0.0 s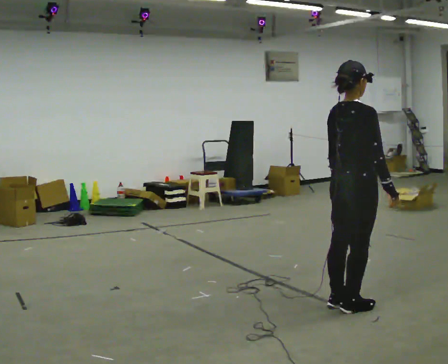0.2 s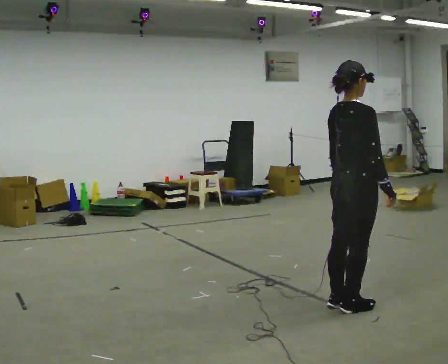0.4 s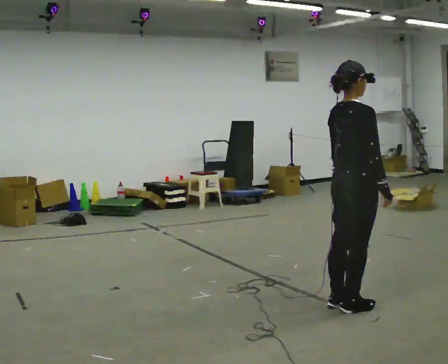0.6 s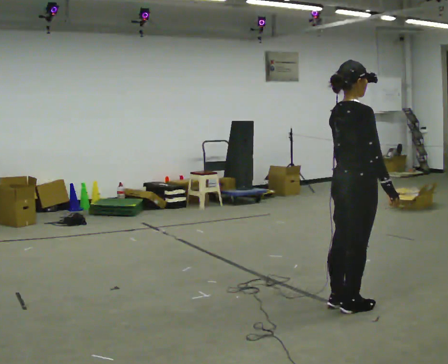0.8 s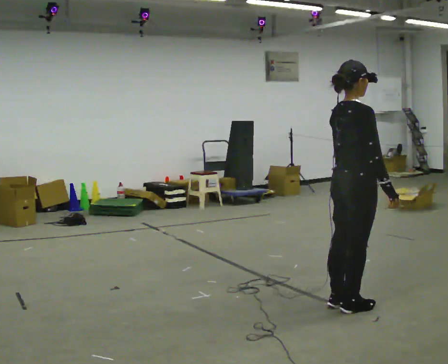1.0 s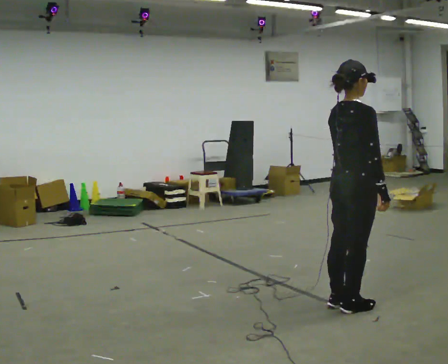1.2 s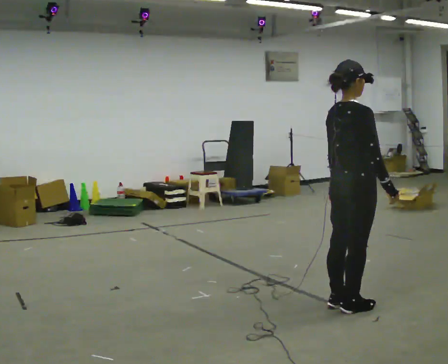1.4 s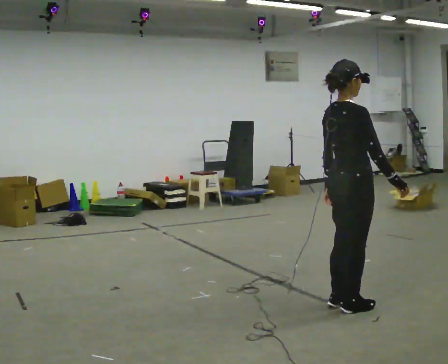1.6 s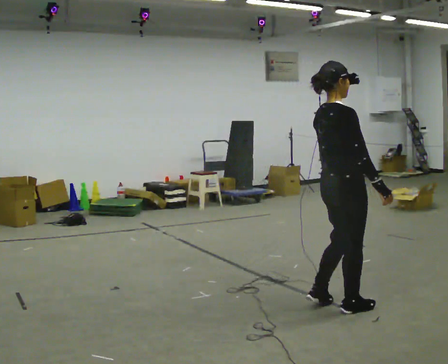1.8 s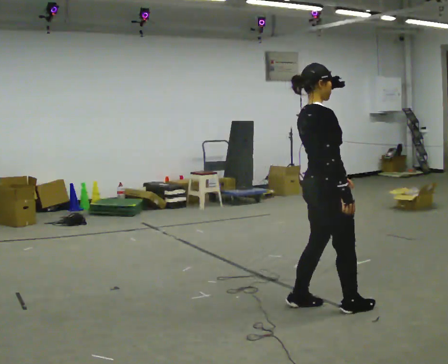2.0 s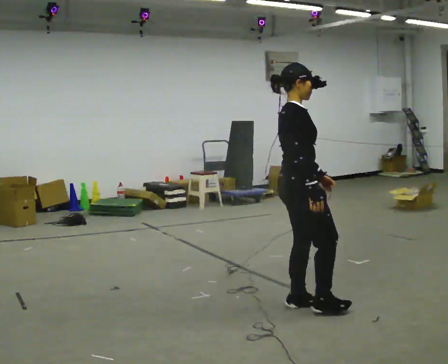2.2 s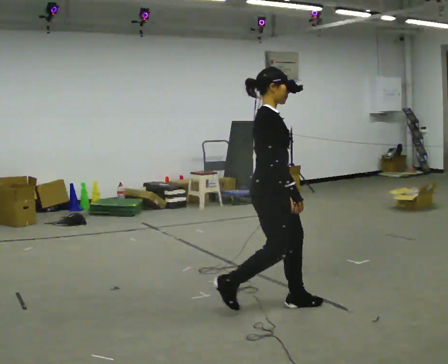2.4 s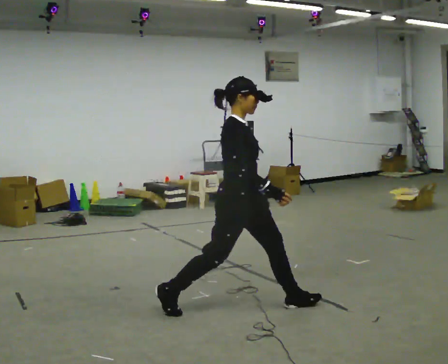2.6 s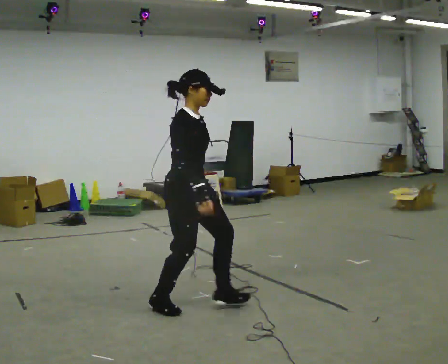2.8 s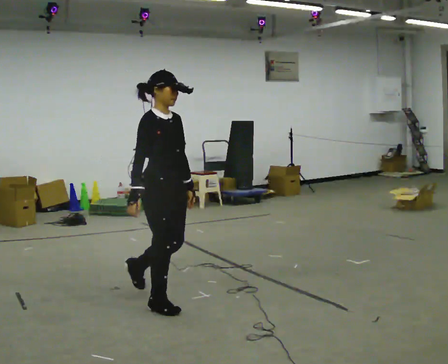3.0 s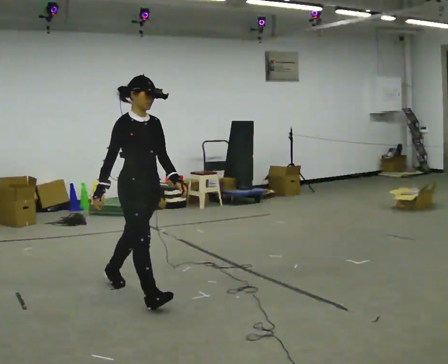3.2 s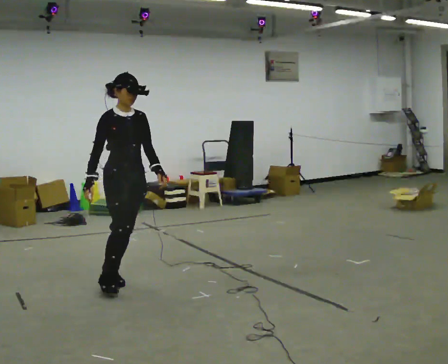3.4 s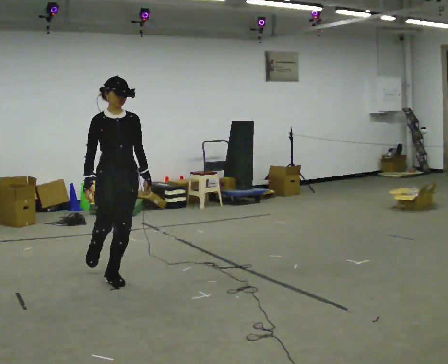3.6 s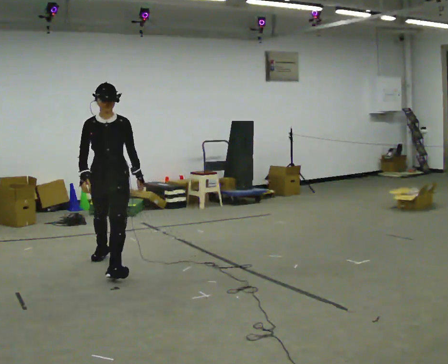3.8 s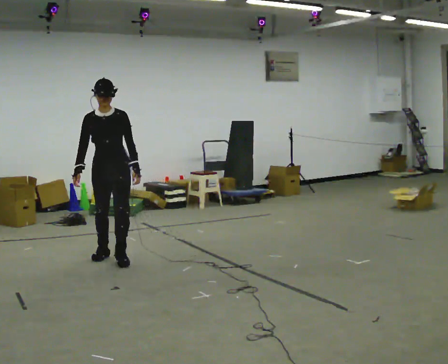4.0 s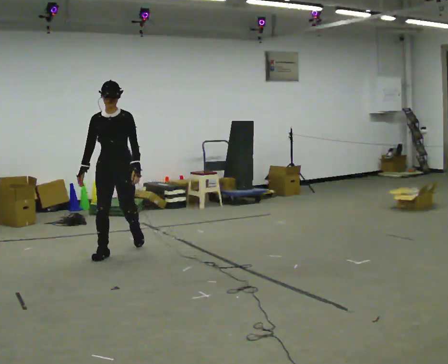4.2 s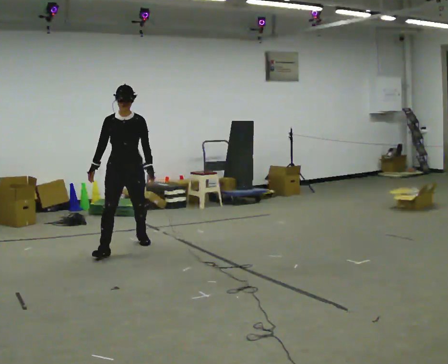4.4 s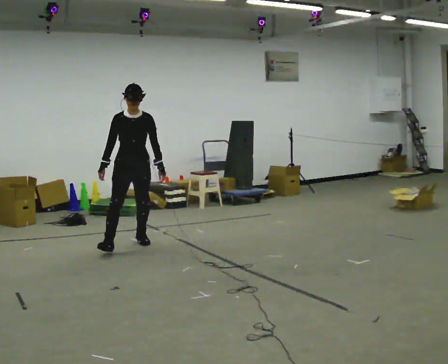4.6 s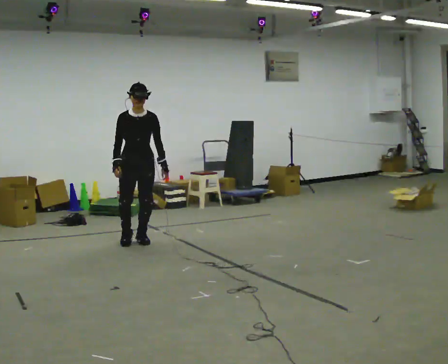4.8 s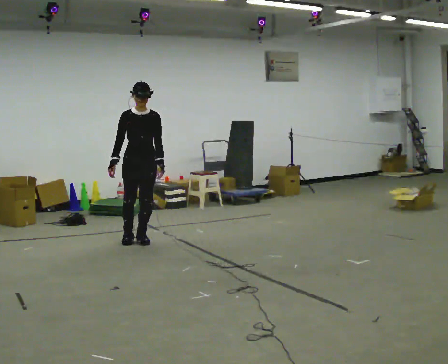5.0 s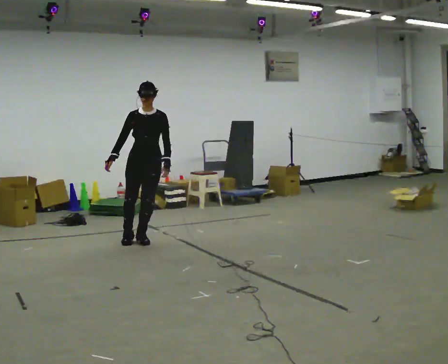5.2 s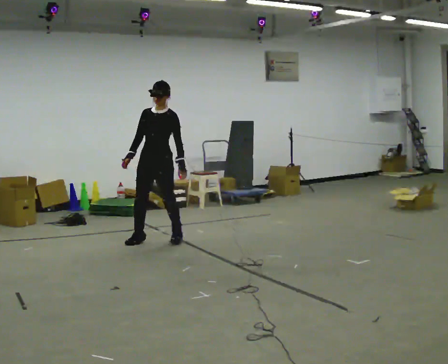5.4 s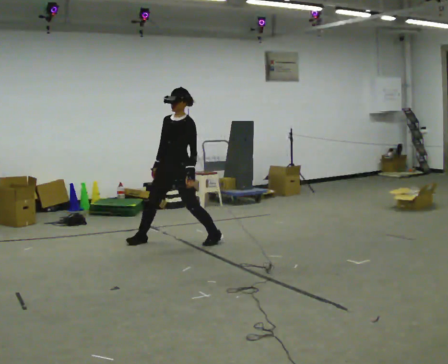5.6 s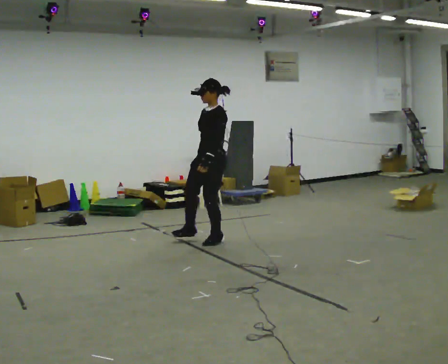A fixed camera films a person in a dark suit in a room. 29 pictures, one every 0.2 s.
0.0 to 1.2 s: The person moves a little, or ends about where they began.
1.2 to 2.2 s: Seen from above the body turns clockwise, about 45 degrees: to their right, with its near side sliding to the left. In the picture they go to the left, about 0.5 m in 2 steps, which for them is backward and to their left.
2.2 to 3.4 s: The part of the body nearest the lens slides to the left as the person turns to their right by about 60 degrees. In the picture they go to the left and away from the camera, about 1.5 m in 2 steps.
3.4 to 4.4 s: In the picture they go away from the camera, about 1 m in 2 steps, which for them is backward.
4.4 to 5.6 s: The person turns about 75 degrees to their right, clockwise seen from above, so the part of the body nearest the lens slides to the left. In the picture they go to the right, about 1 m in 4 steps.
The film runs backward here.
